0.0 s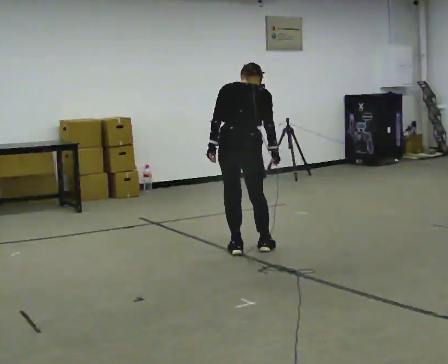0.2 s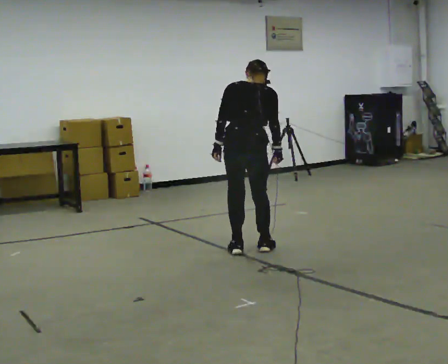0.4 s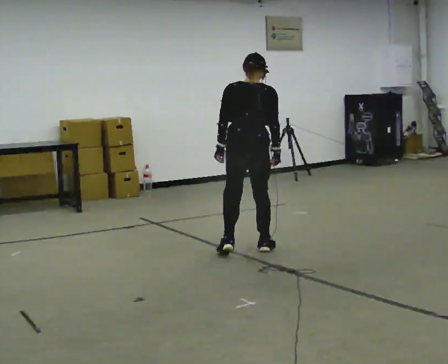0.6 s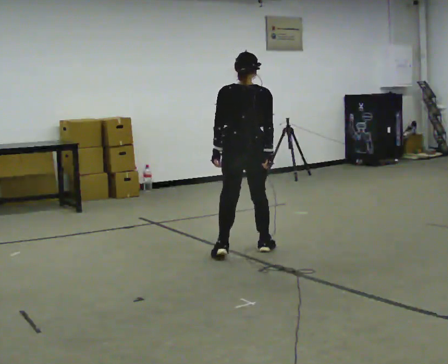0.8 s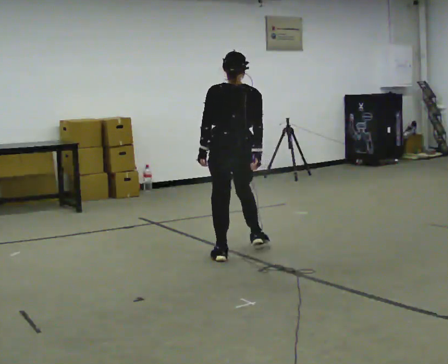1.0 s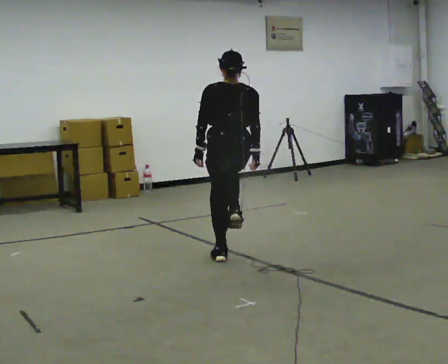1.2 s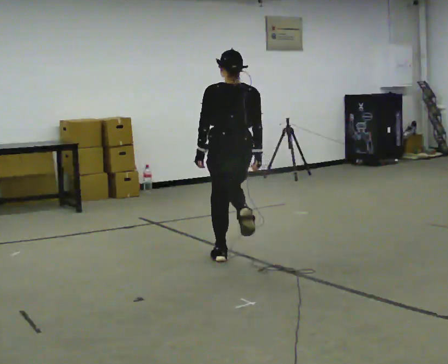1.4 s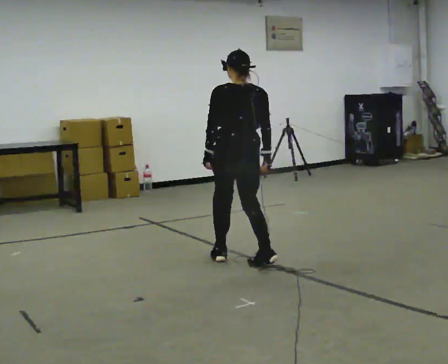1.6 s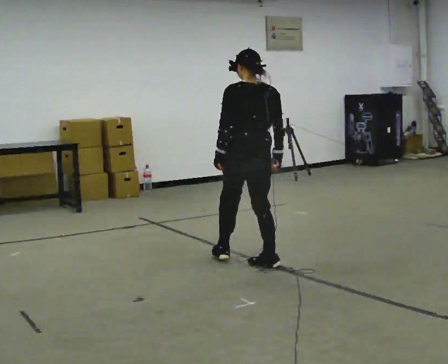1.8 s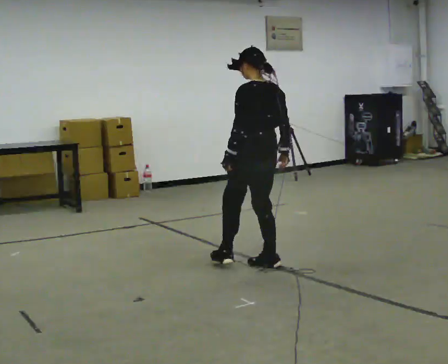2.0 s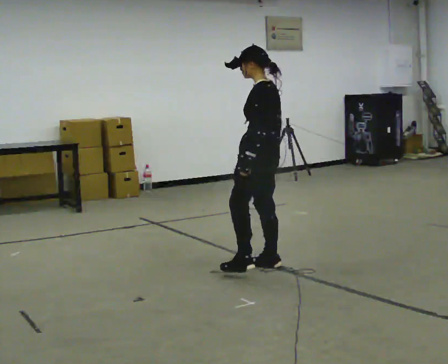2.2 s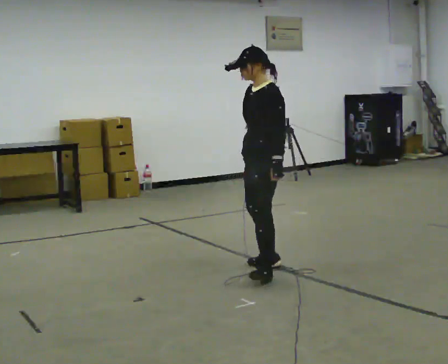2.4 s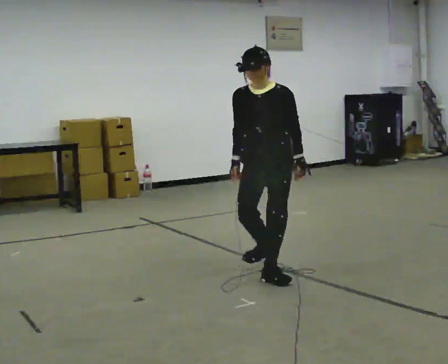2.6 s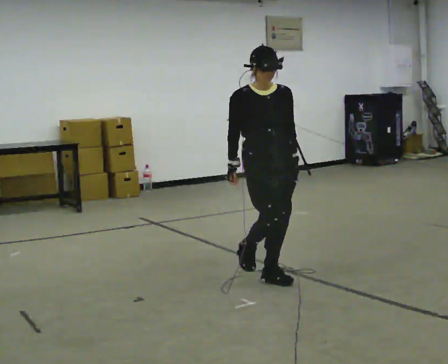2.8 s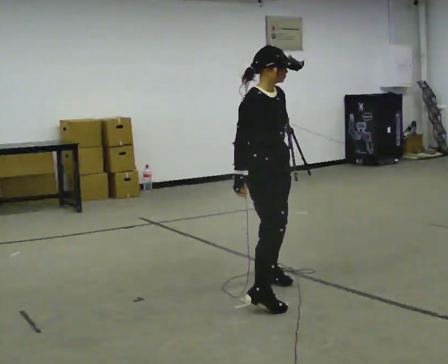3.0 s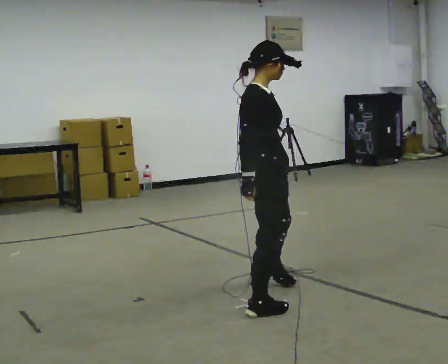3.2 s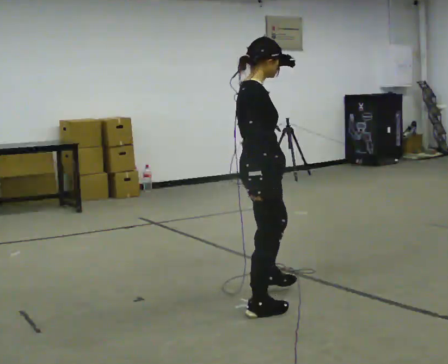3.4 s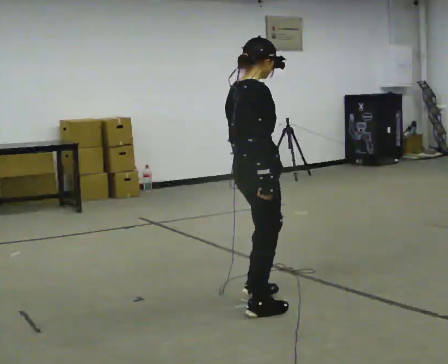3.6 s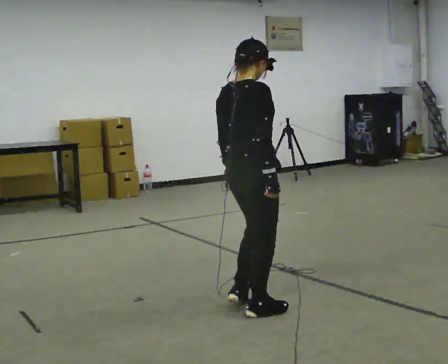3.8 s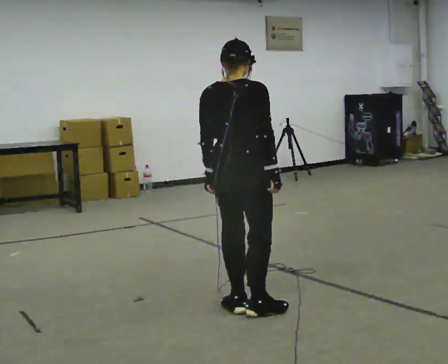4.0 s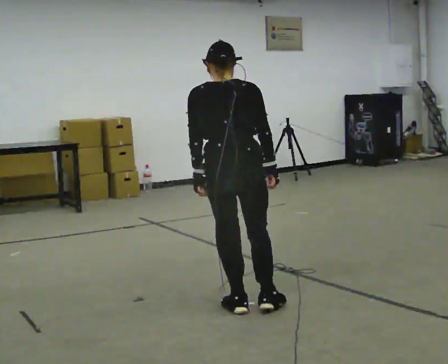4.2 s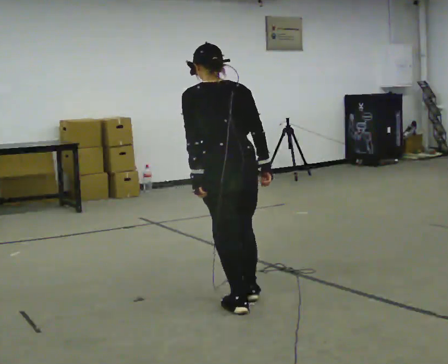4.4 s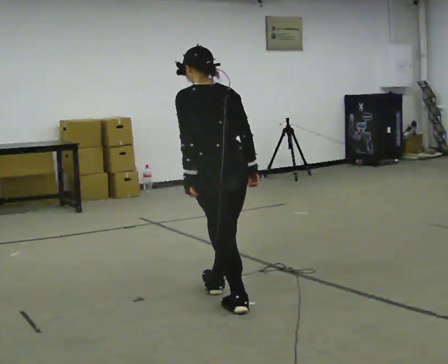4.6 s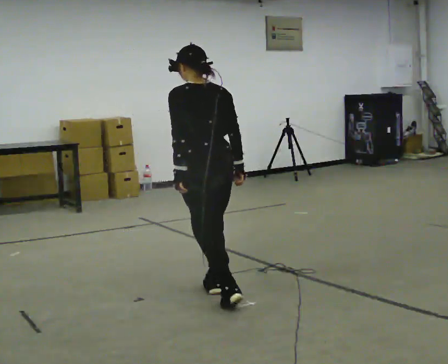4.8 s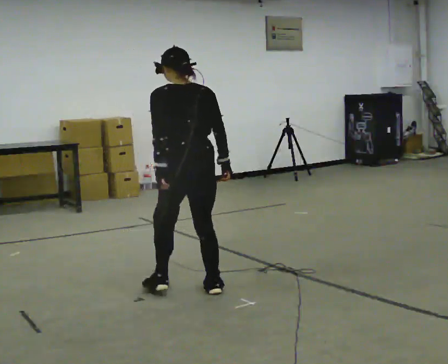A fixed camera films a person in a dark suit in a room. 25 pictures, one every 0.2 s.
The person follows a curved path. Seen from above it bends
clockwise.
The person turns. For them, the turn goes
to their left.
0.0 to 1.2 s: In the picture they go toward the camera, about 0.25 m in 2 steps, which for them is backward.
1.2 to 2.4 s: The part of the body nearest the lens slides to the right as the person turns to their left by about 150 degrees. In the picture they go toward the camera and to the right, about 0.5 m in 2 steps.
2.4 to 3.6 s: The part of the body nearest the lens slides to the right as the person turns to their left by about 150 degrees. In the picture they go toward the camera, about 1 m in 1 step.
3.6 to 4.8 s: Seen from above the body turns counterclockwise, about 75 degrees: to their left, with its near side sliding to the right. In the picture they go away from the camera and to the left, about 0.5 m in 2 steps.
The film runs backward here.
